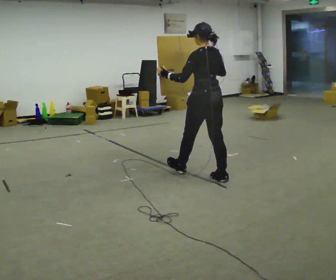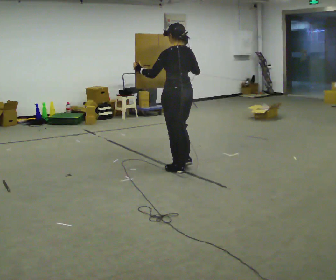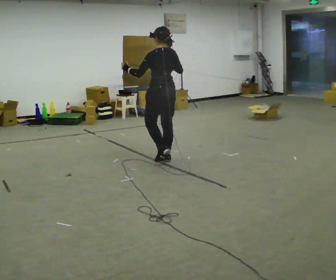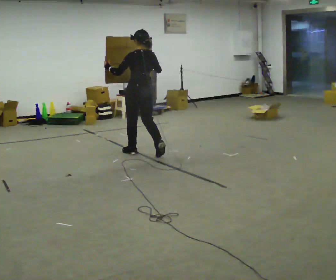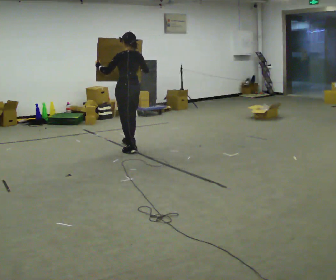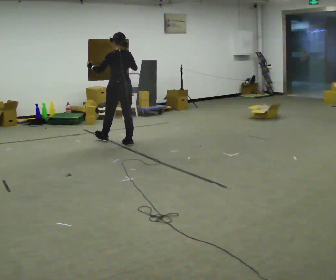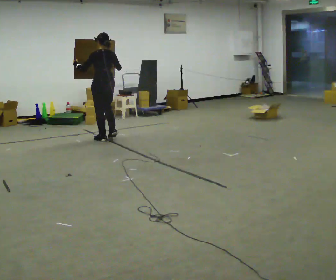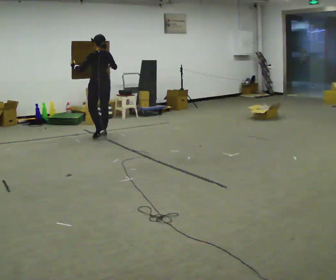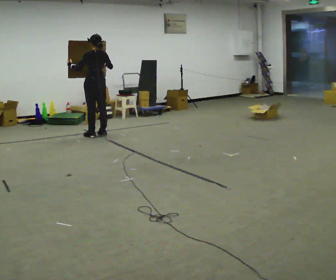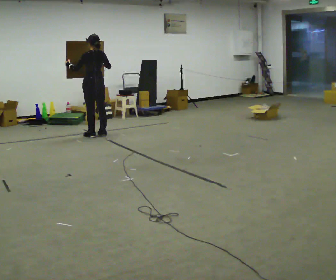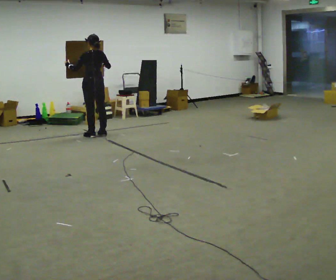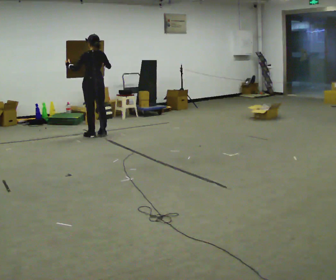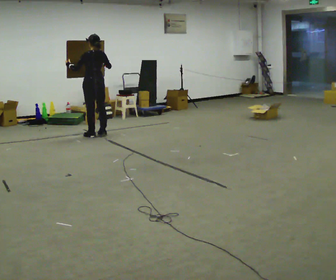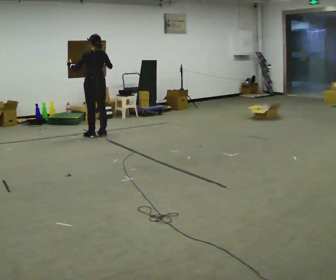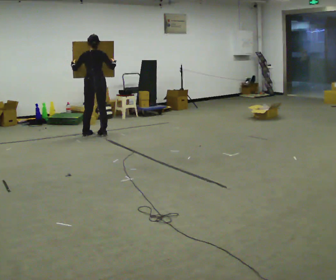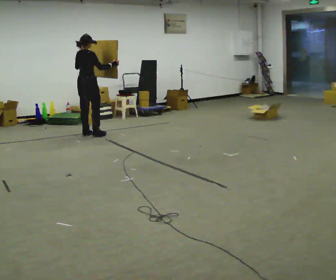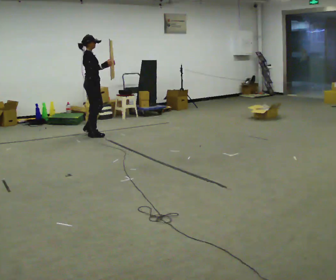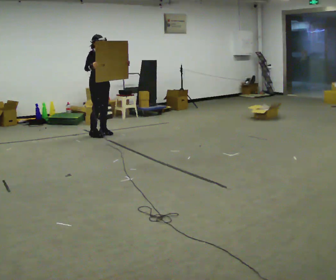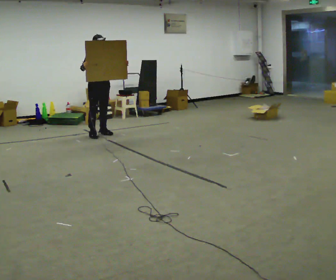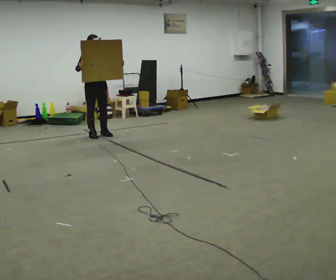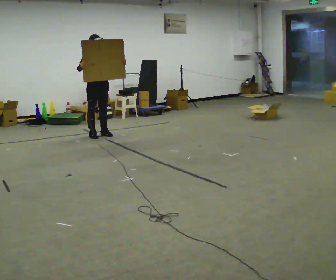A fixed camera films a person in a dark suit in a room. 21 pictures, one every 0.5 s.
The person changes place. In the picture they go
away from the camera.
The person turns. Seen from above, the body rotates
clockwise.
0.0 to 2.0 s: In the picture they go away from the camera and to the left, about 1.5 m in 4 steps, which for them is forward.
2.0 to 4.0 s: In the picture they go away from the camera and to the left, about 1 m in 3 steps, which for them is forward.
4.0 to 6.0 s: The person keeps their place and pose.
6.0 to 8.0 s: The person turns about 120 degrees to their right, clockwise seen from above, so the part of the body nearest the lens slides to the left.
8.0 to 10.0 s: Seen from above the body turns clockwise, about 60 degrees: to their right, with its near side sliding to the left. In the picture their right hand goes to the left.
The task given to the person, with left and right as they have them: Carry the large panel across the room. It will block your view ahead, so take whatever route feels safe. Keep going until the operator says stop; one object at a time, and do not rush between trips.
The film runs forward here.
